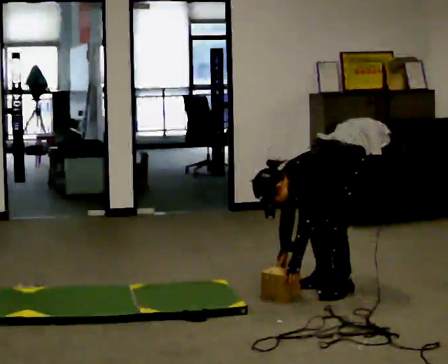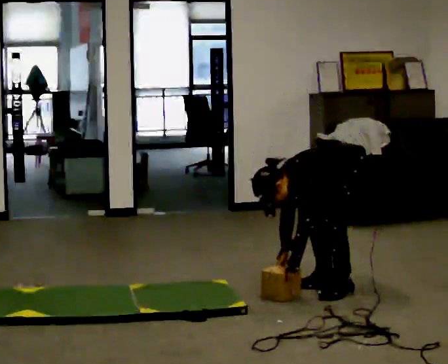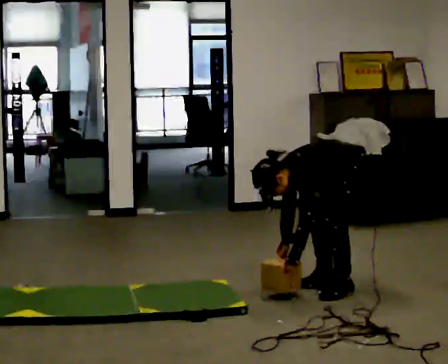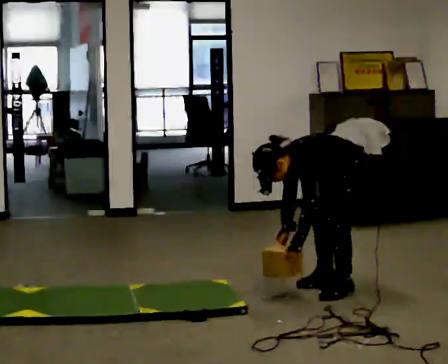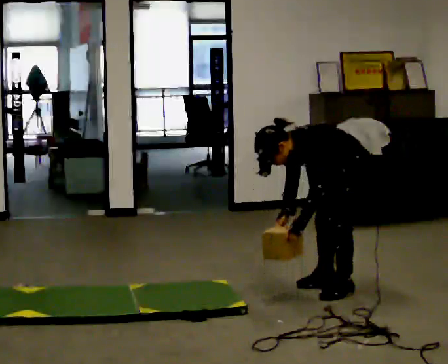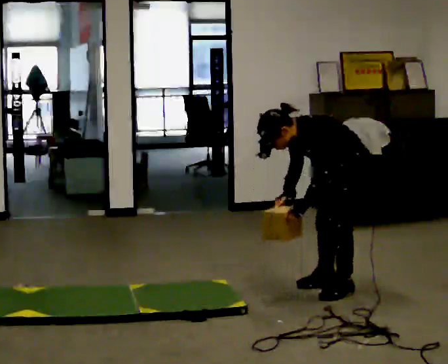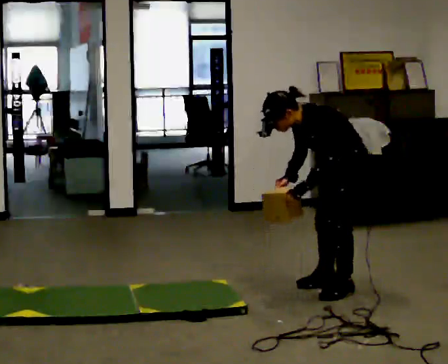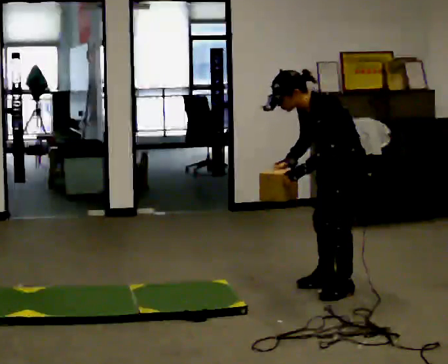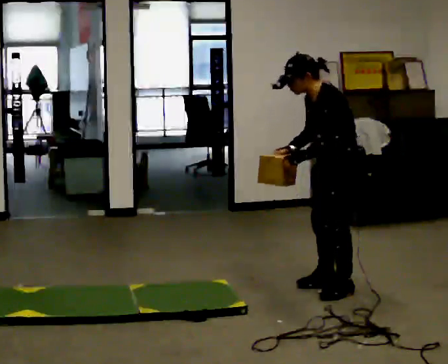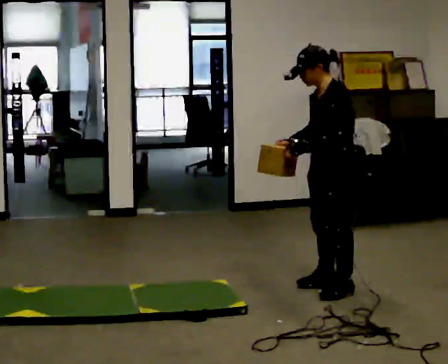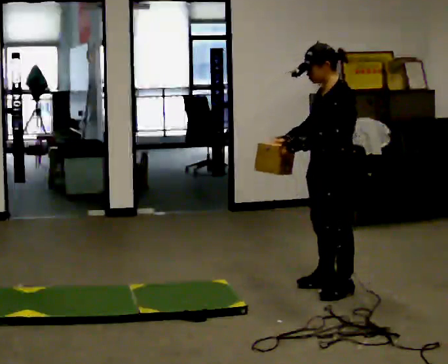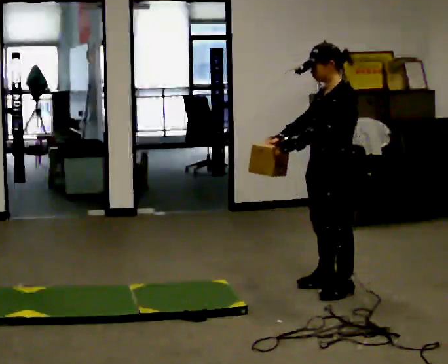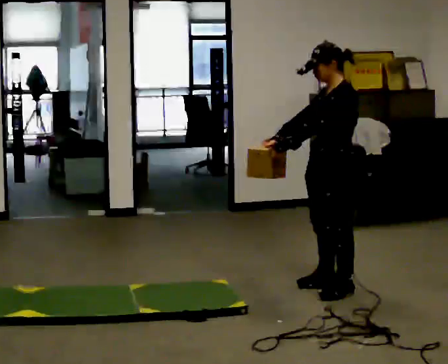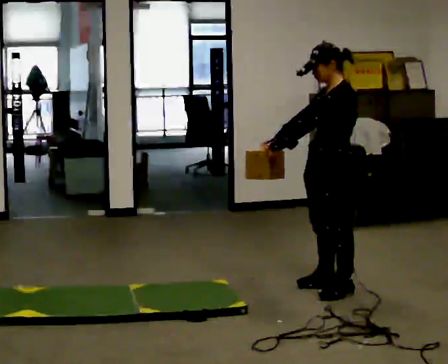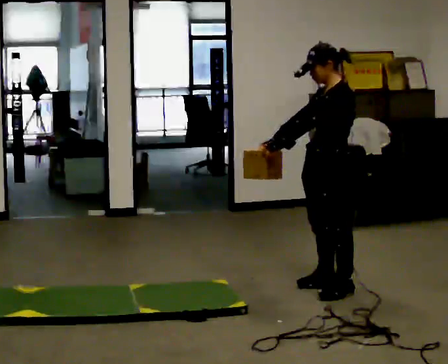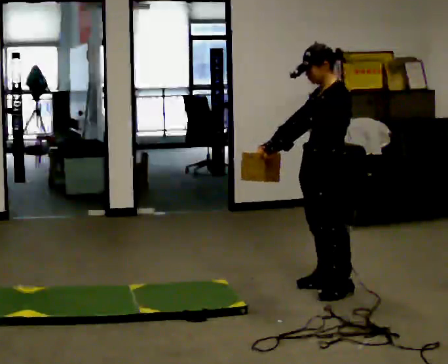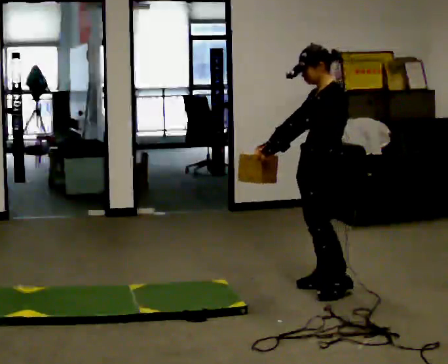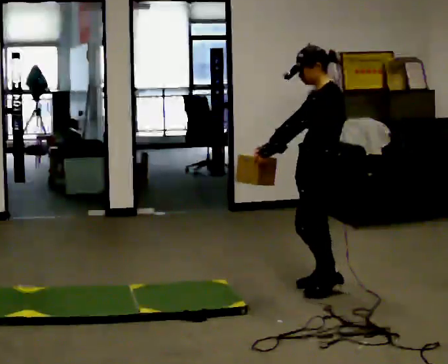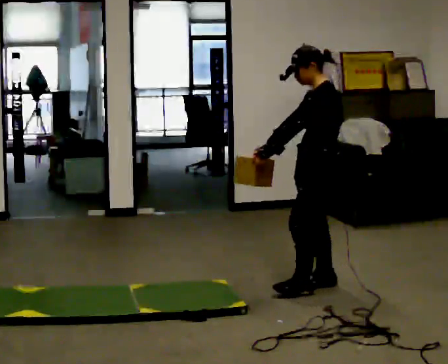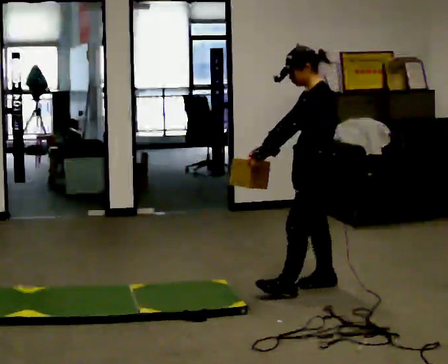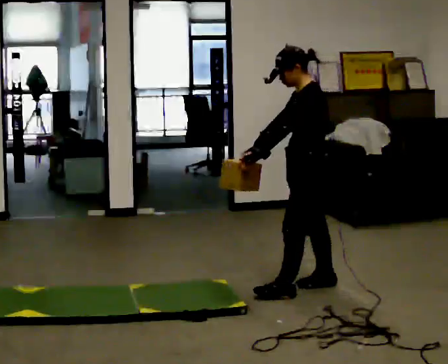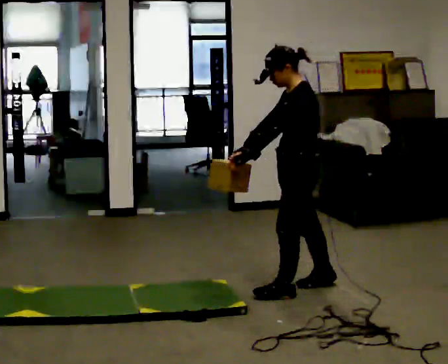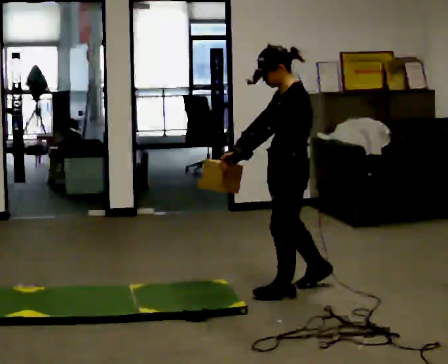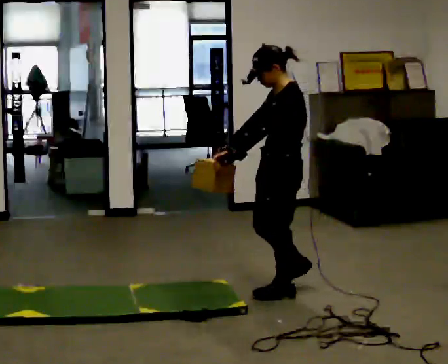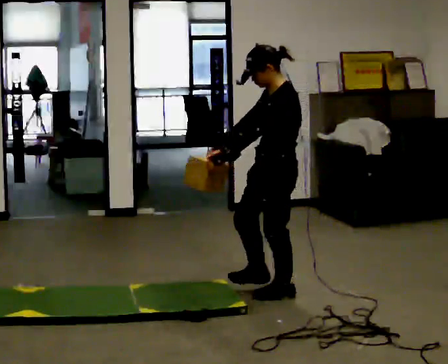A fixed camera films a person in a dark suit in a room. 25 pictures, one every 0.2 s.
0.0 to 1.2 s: The shoulders move upward. In the picture the upper body tilts clockwise, shoulders to the right, as they lean back or straighten. In the picture their right hand goes upward.
1.2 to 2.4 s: In the picture the upper body tilts clockwise, shoulders to the right, as they lean back or straighten.
2.4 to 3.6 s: The person moves a little, or ends about where they began.
3.6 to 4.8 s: In the picture they go to the left and toward the camera, about 0.25 m in 1 step, which for them is forward and to their left.
The film runs forward here.
